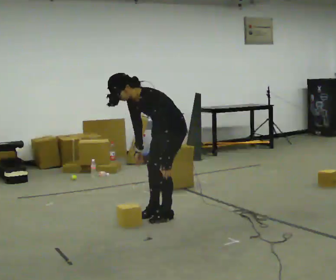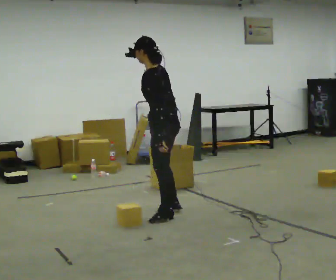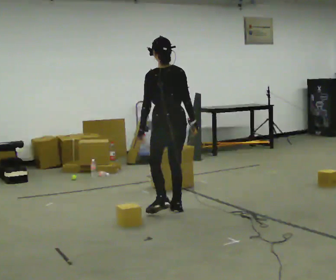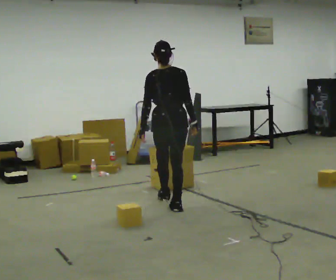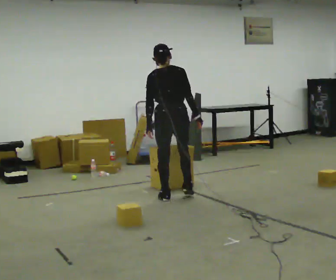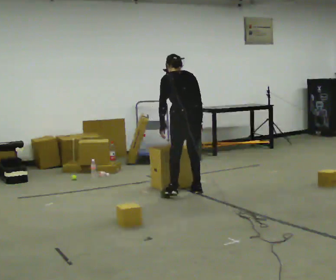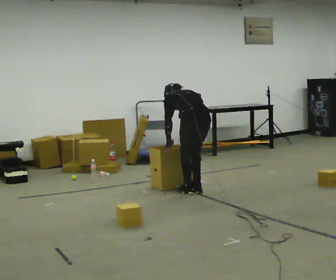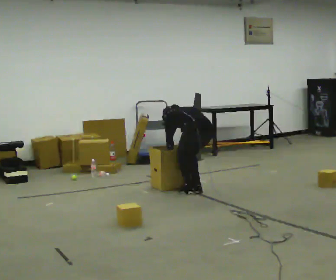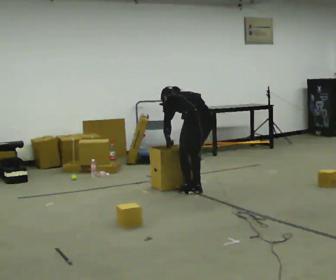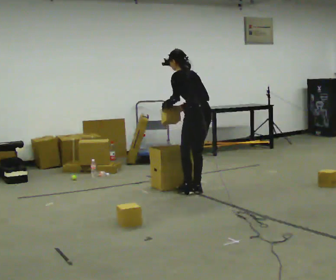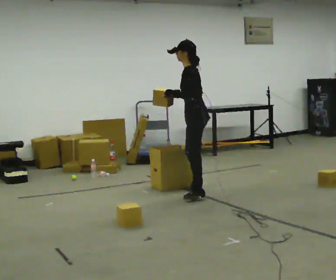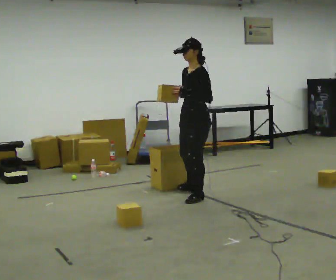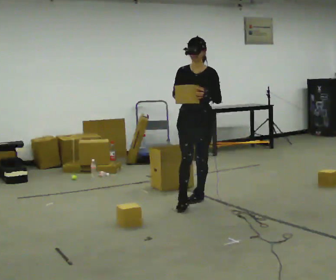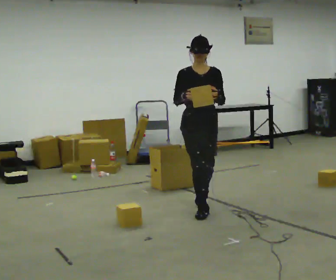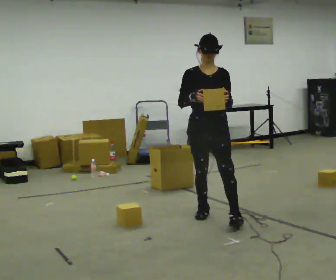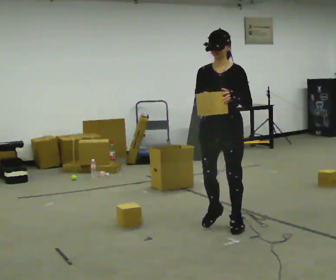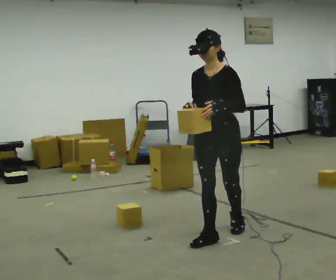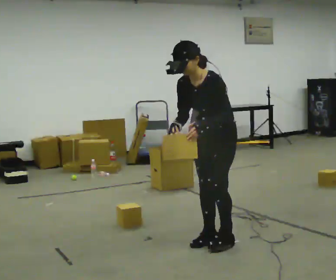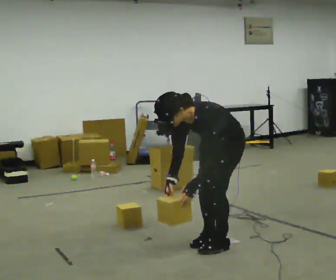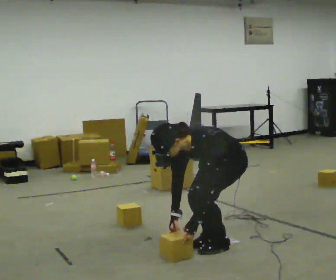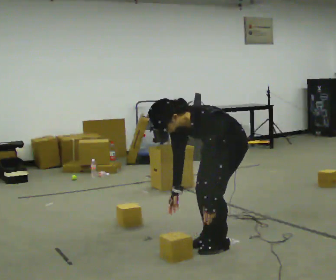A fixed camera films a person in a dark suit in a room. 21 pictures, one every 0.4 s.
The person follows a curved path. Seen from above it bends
clockwise.
0.0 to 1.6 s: The person turns about 120 degrees to their right, clockwise seen from above, so the part of the body nearest the lens slides to the left. In the picture they go away from the camera, about 0.5 m in 2 steps. The shoulders move upward. In the picture the upper body tilts clockwise, shoulders to the right, as they lean back or straighten.
1.6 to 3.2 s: The person turns about 30 degrees to their left, counterclockwise seen from above, so the part of the body nearest the lens slides to the right. In the picture they go to the right and away from the camera, about 0.25 m in 2 steps, which for them is to their right.
3.2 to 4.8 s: The part of the body nearest the lens slides to the right as the person turns to their left by about 135 degrees. In the picture they go toward the camera, about 0.5 m in 1 step. The shoulders move upward. The upper body tips toward the camera, its near side rolling downward, as they lean back or straighten. In the picture their right hand goes upward.
4.8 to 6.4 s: In the picture they go toward the camera, about 1 m in 3 steps, which for them is forward.
6.4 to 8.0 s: The person turns about 30 degrees to their right, clockwise seen from above, so the part of the body nearest the lens slides to the left. In the picture they go toward the camera, about 0.25 m in 1 step, which for them is to their left. In the picture the upper body tilts counterclockwise, shoulders to the left, as they bend forward. In the picture their right hand goes downward.
The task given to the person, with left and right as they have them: Take the objects from the bin one at a time and put one in each of the places the operator points out. Keep going until the operator says stop; one object at a time, and do not rush between trips.
The film runs forward here.
